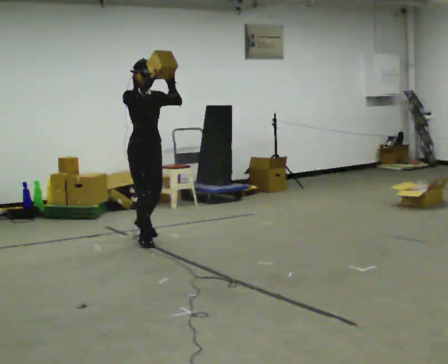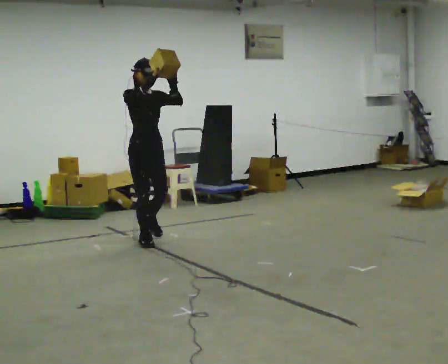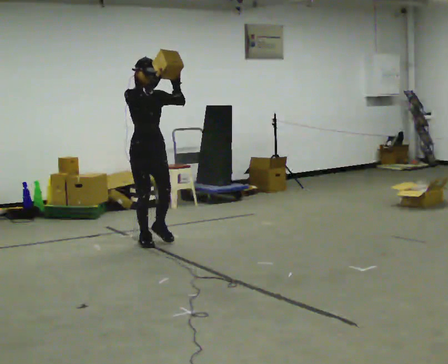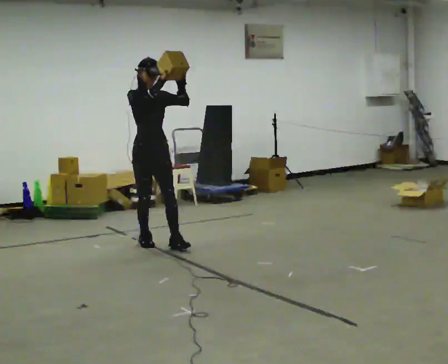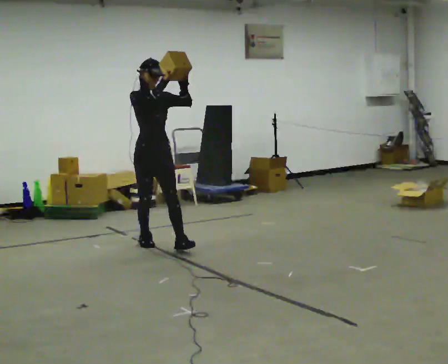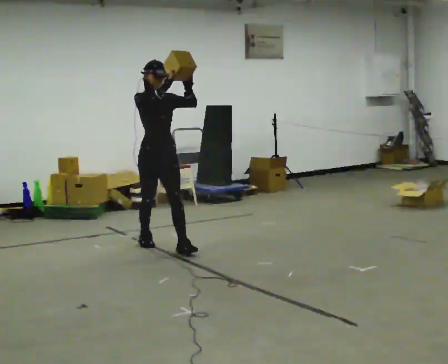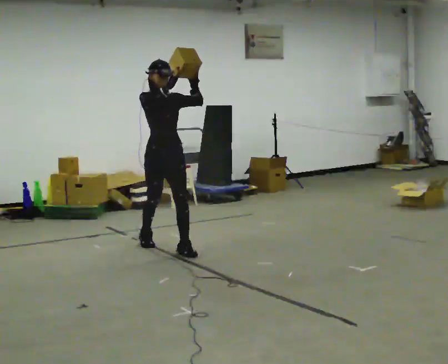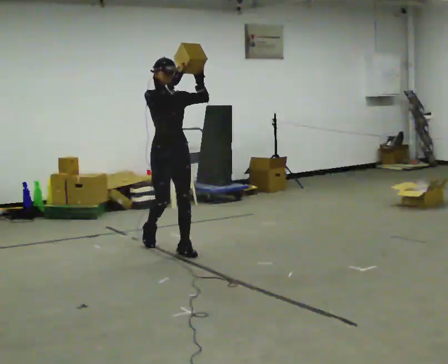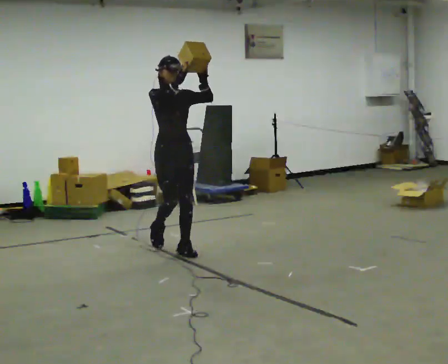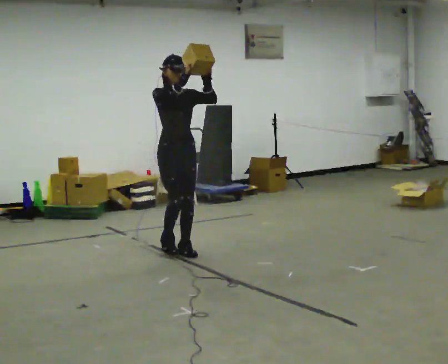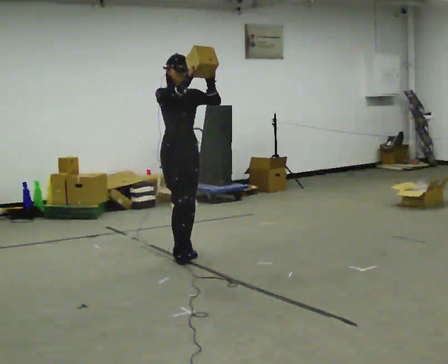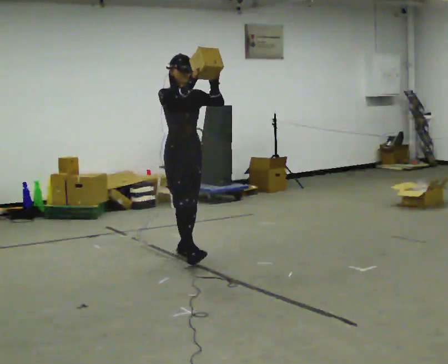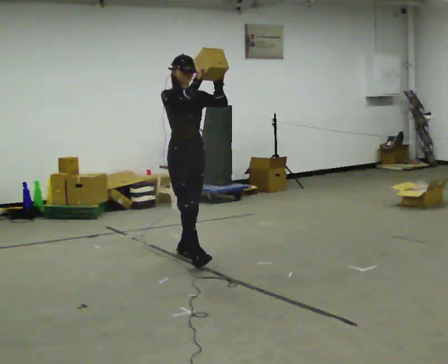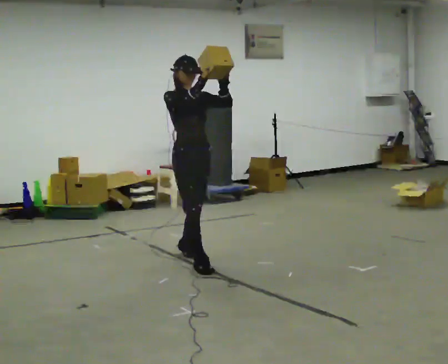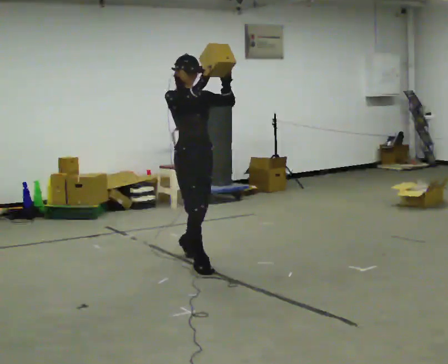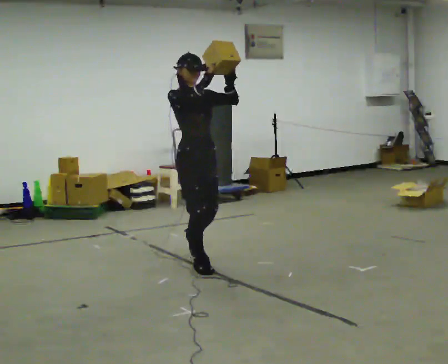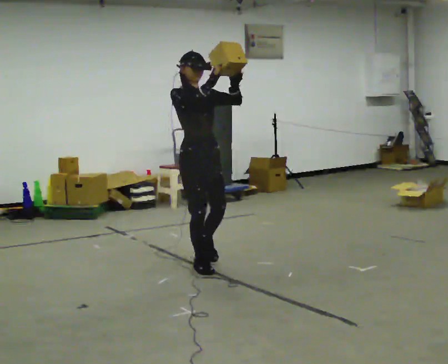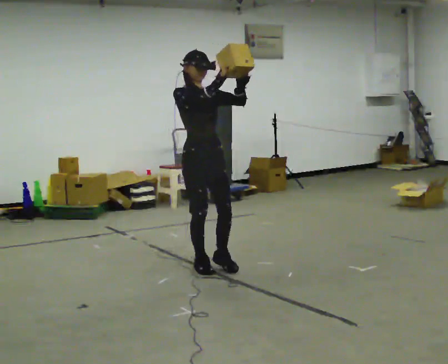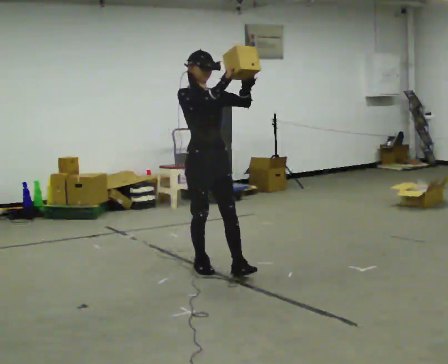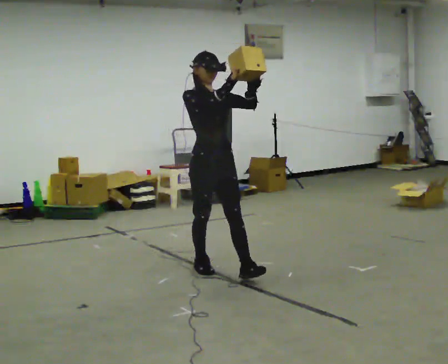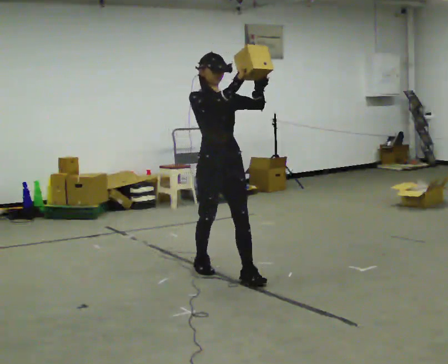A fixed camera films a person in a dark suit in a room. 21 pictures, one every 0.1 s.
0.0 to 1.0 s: In the picture they go toward the camera and to the right, about 0.5 m in 1 step, which for them is forward.
1.0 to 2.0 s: In the picture they go toward the camera and to the right, about 0.5 m in 2 steps, which for them is forward.
The film runs forward here.
